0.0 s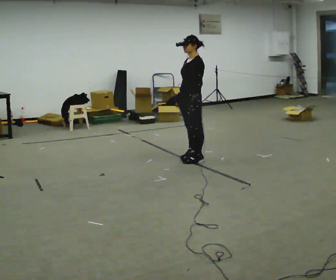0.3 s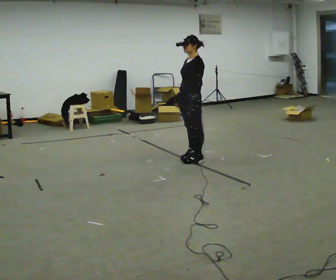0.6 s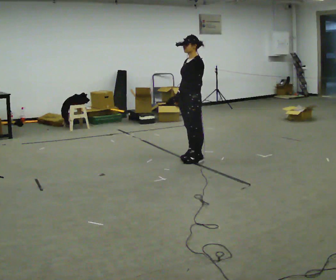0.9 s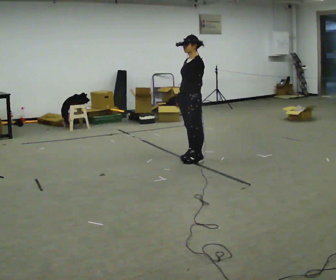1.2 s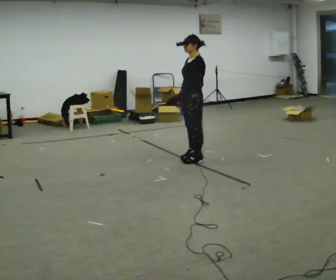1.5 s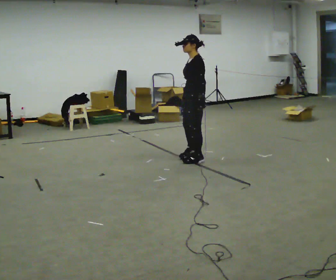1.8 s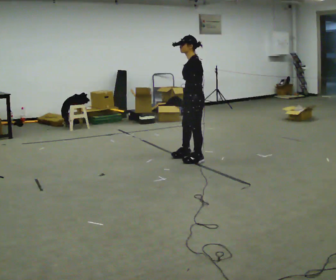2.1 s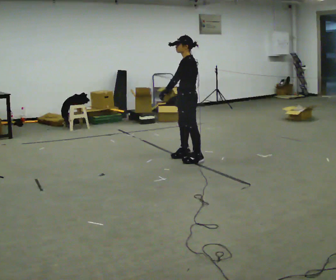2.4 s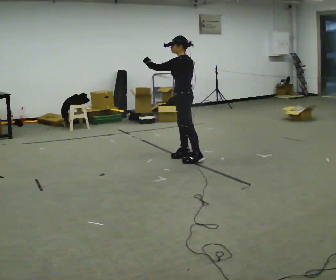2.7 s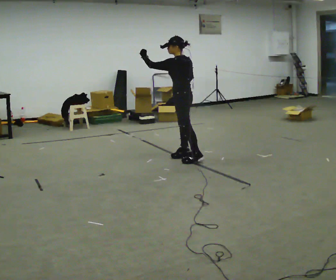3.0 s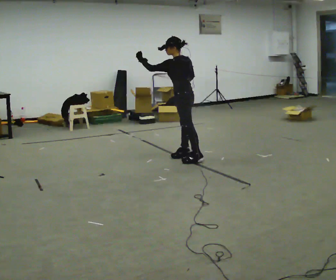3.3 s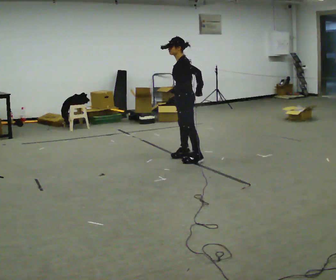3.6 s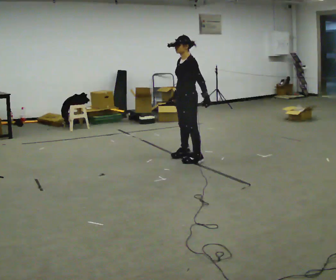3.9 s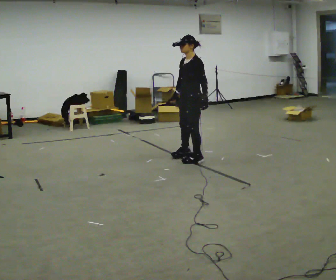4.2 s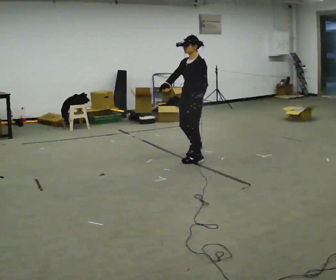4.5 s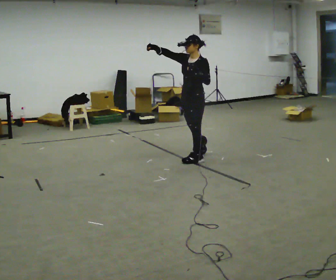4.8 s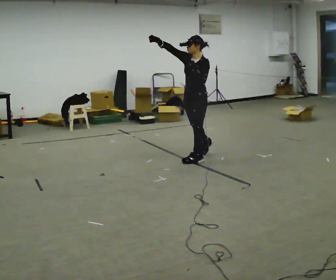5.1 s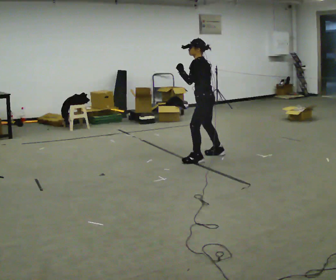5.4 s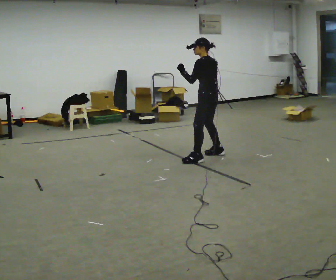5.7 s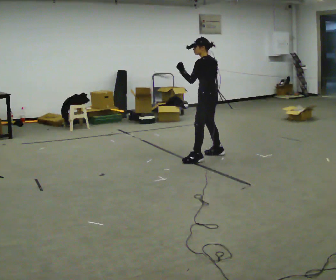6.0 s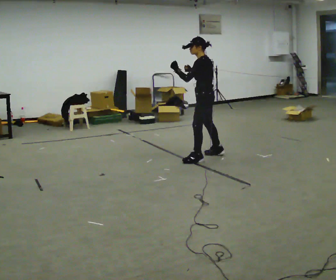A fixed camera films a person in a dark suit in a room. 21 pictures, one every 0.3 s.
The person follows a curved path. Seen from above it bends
clockwise.
0.0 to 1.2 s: The person moves a little, or ends about where they began.
1.2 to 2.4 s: Seen from above the body turns clockwise, about 30 degrees: to their right, with its near side sliding to the left. In the picture their left hand goes to the left and upward, the arm swinging clockwise.
2.4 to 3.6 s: The part of the body nearest the lens slides to the right as the person turns to their left by about 30 degrees. In the picture their left hand goes to the right and downward, the arm swinging counterclockwise.
3.6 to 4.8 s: The person turns about 30 degrees to their left, counterclockwise seen from above, so the part of the body nearest the lens slides to the right. In the picture their right hand goes upward, the arm swinging clockwise.
4.8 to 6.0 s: The part of the body nearest the lens slides to the left as the person turns to their right by about 60 degrees. In the picture their right hand goes to the right and downward.
The film runs backward here.
